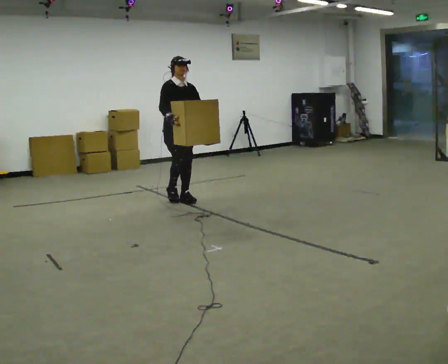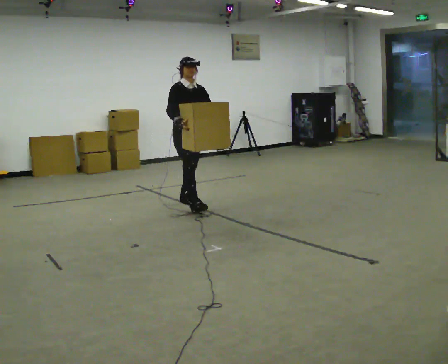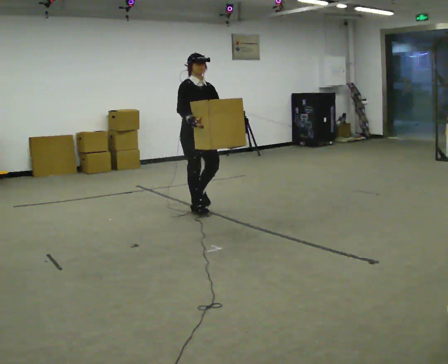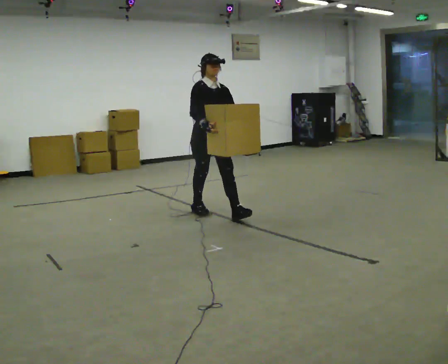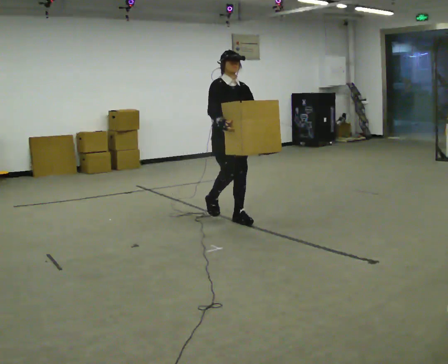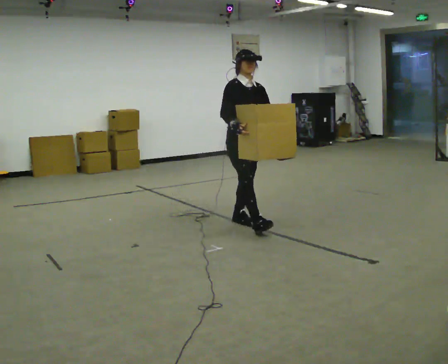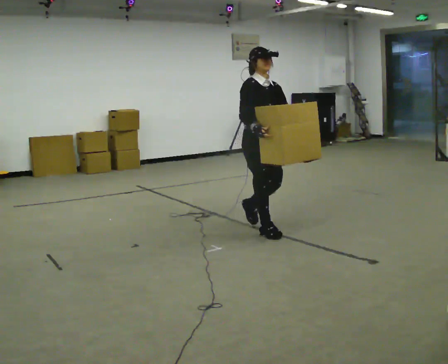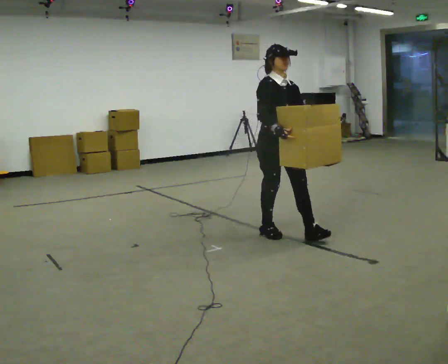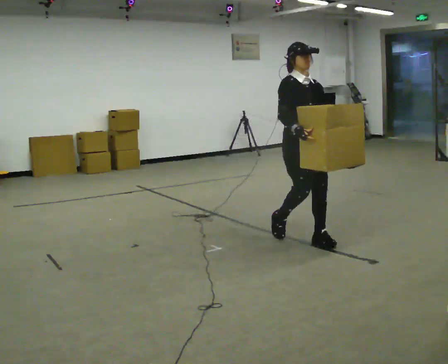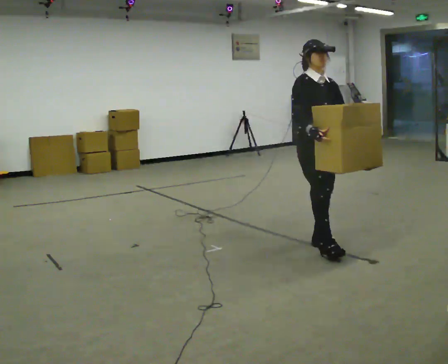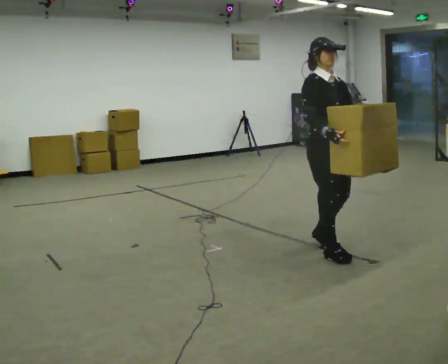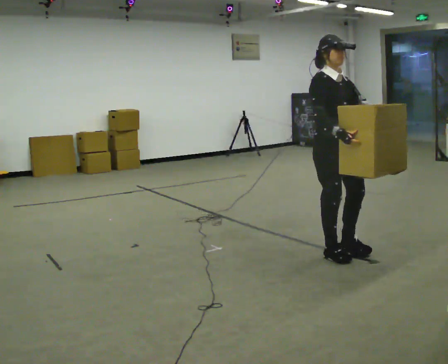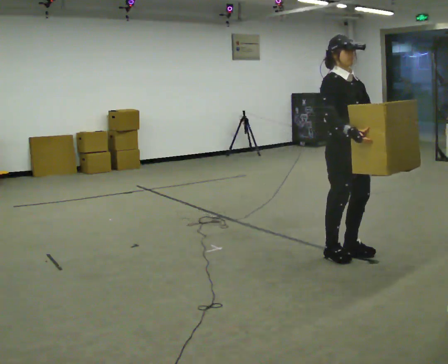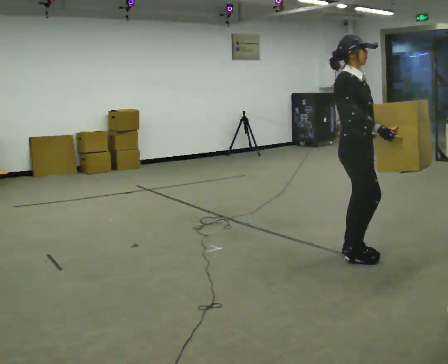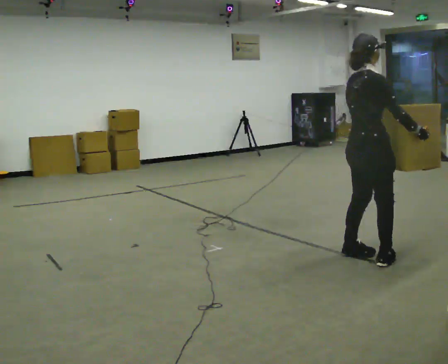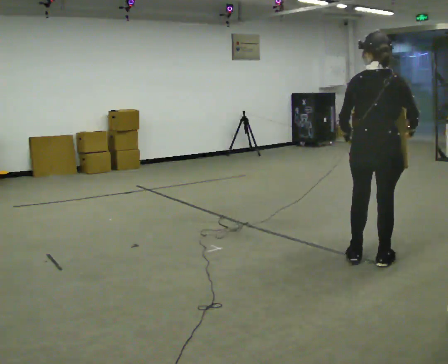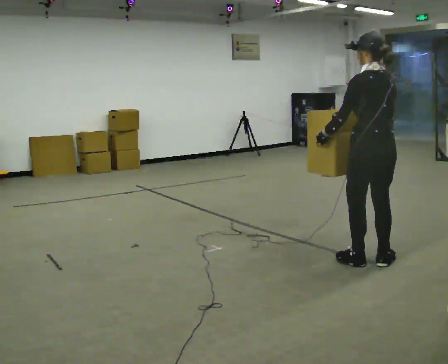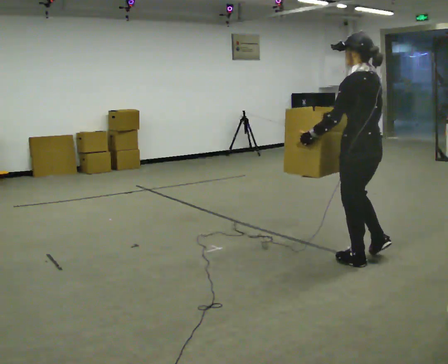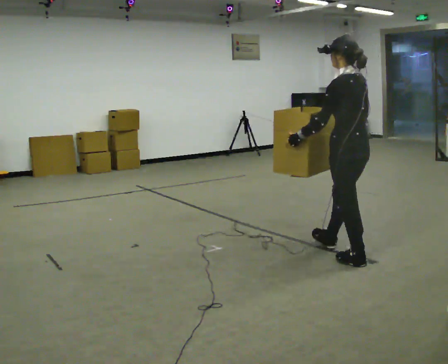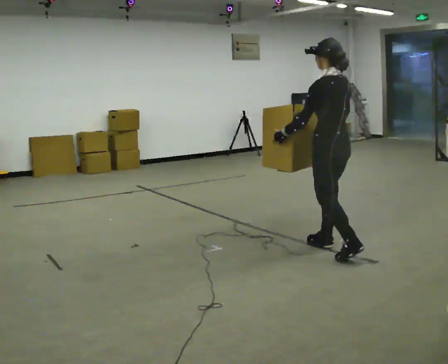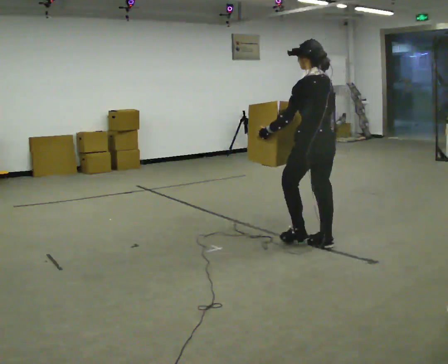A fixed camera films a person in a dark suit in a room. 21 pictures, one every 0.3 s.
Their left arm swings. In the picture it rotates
clockwise.
The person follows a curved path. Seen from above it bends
clockwise.
0.0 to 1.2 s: In the picture they go to the right and toward the camera, about 1 m in 2 steps, which for them is forward.
1.2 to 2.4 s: In the picture they go to the right and toward the camera, about 1 m in 2 steps, which for them is forward.
2.4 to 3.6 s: In the picture they go toward the camera and to the right, about 0.5 m in 2 steps, which for them is forward.
3.6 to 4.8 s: The person turns about 165 degrees to their left, counterclockwise seen from above, so the part of the body nearest the lens slides to the right. In the picture they go toward the camera and to the right, about 0.25 m in 2 steps.
4.8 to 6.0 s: In the picture they go to the left and away from the camera, about 0.5 m in 1 step, which for them is forward.
The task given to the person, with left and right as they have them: Carry the box with its lid hanging open across the room, back and forth.
The film runs forward here.
